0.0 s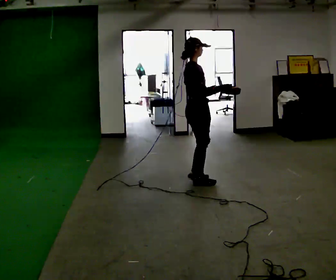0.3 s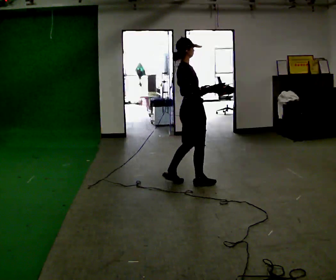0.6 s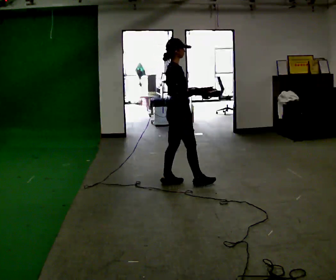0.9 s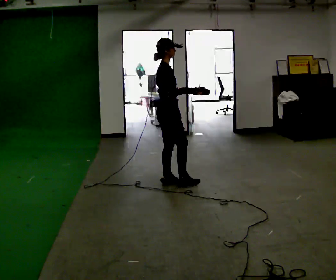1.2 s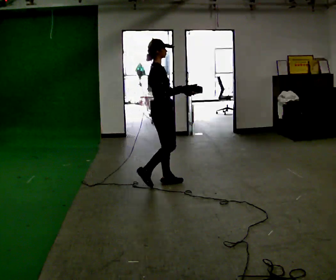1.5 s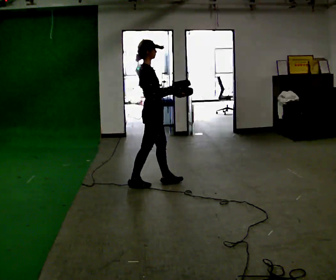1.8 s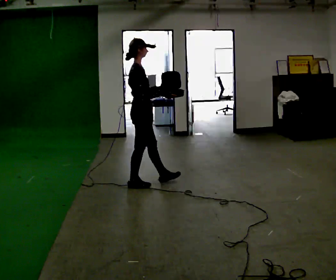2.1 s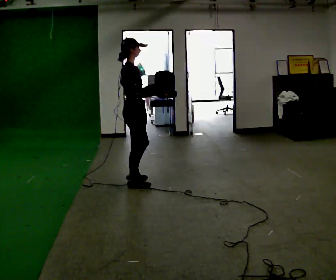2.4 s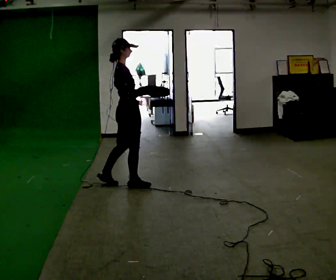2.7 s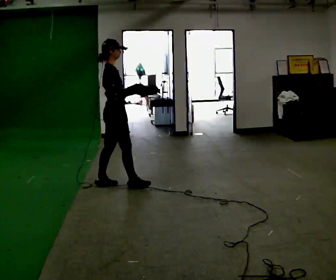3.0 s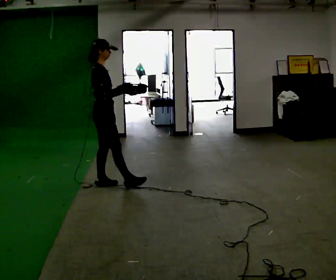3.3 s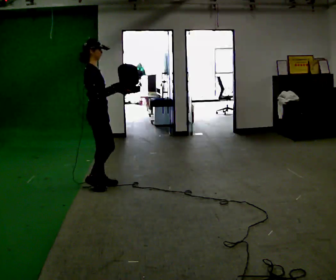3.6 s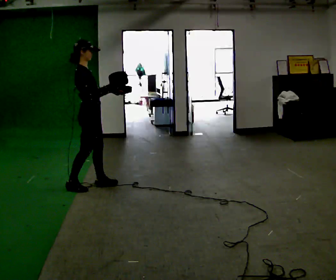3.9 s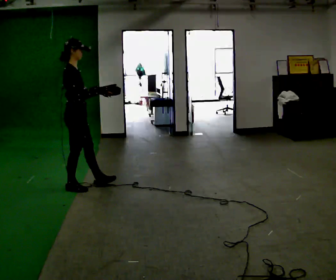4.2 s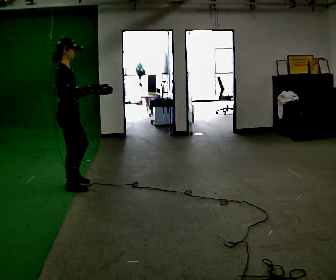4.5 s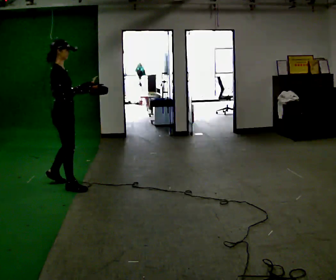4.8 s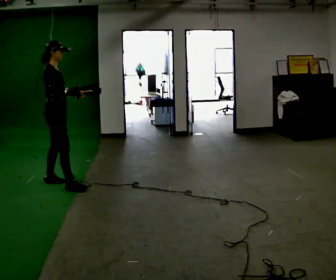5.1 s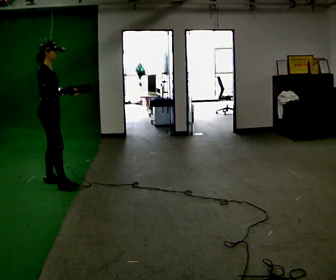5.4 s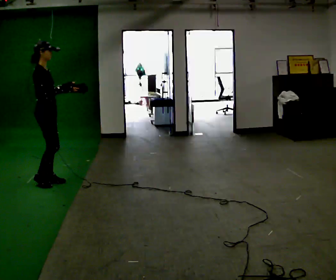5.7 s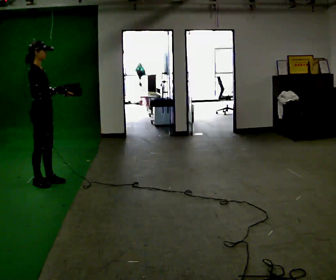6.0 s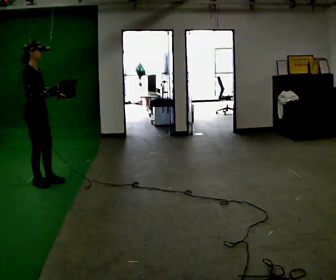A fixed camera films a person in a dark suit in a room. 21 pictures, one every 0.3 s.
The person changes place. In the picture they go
to the left.
0.0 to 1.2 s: In the picture they go to the left, about 0.5 m in 1 step, which for them is to their left.
1.2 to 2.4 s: In the picture they go to the left, about 0.25 m in 1 step, which for them is to their left and backward.
2.4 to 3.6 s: In the picture they go to the left, about 0.5 m in 1 step, which for them is to their left and backward.
3.6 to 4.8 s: In the picture they go to the left, about 0.5 m in 1 step, which for them is to their left.
4.8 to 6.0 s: In the picture they go to the left, about 0.25 m in 1 step, which for them is to their left.
The film runs backward here.
